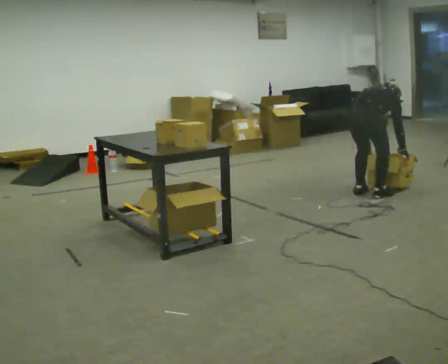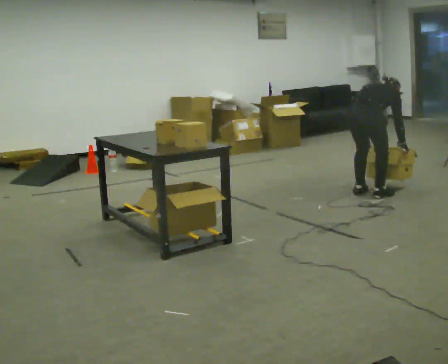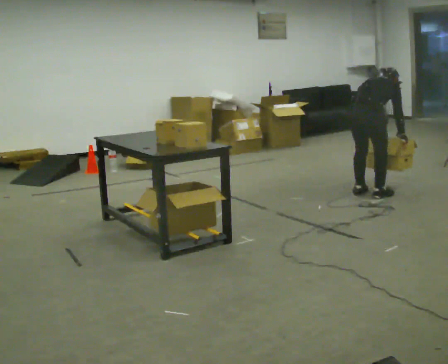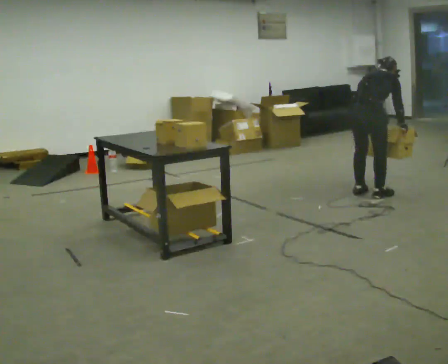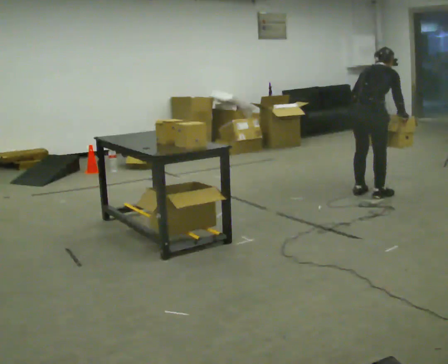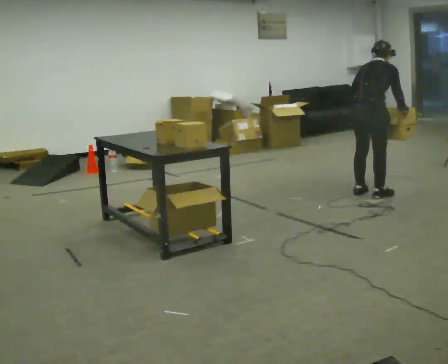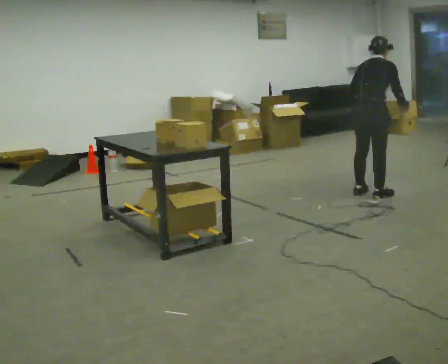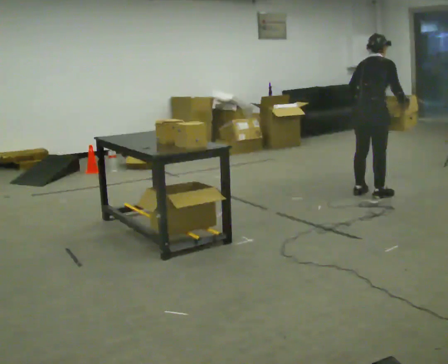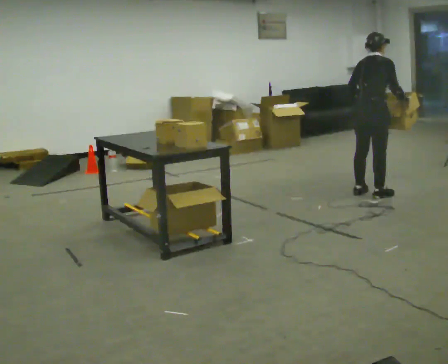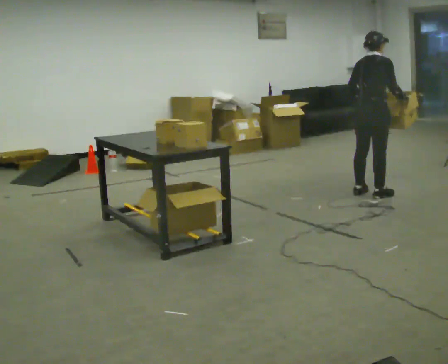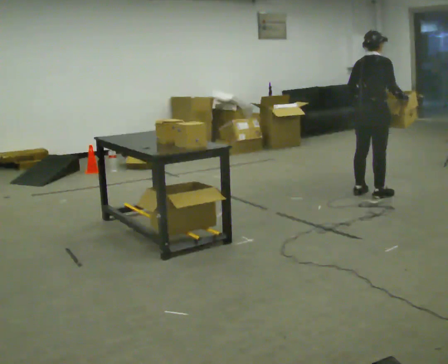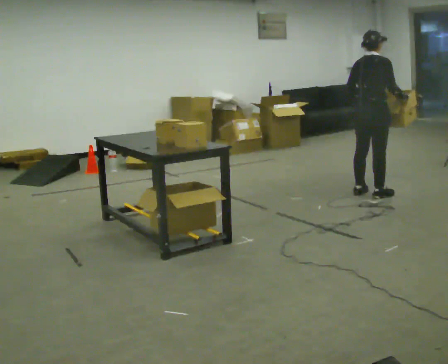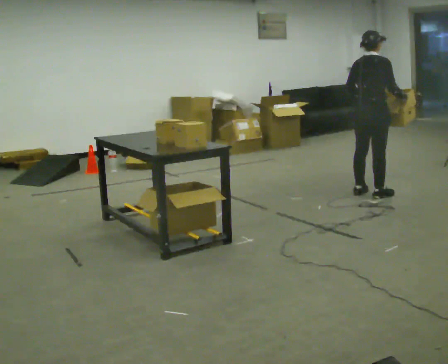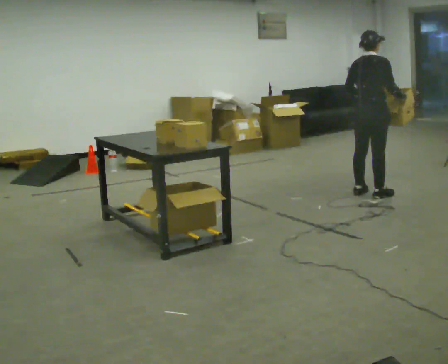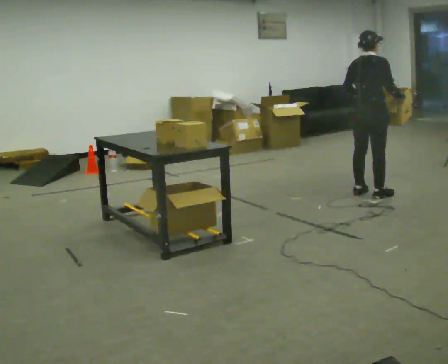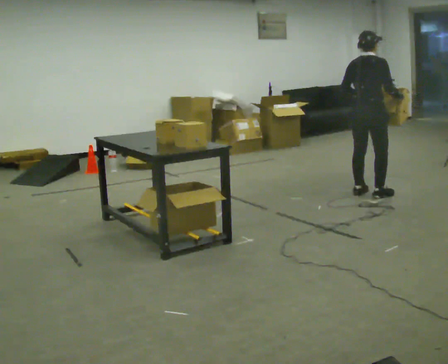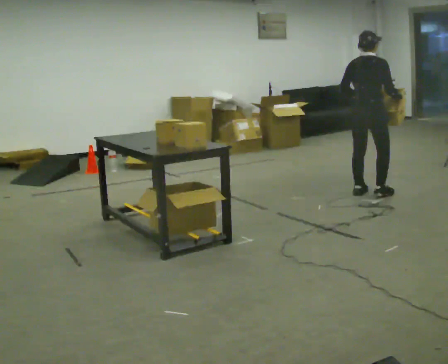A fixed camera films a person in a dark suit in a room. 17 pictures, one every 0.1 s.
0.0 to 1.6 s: The upper body goes upward. The upper body tips toward the camera, its near side rolling downward, as they lean back or straighten. In the picture their right hand goes upward.
The film runs forward here.
